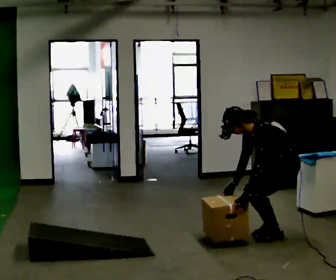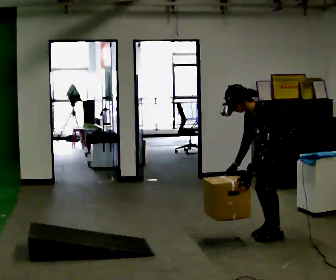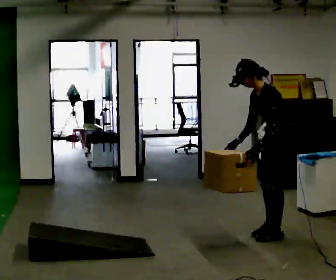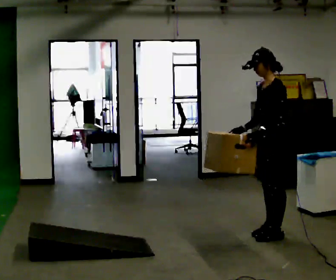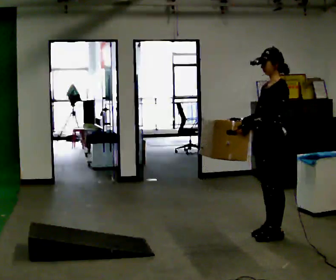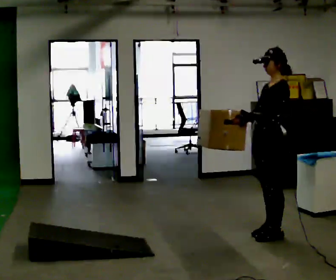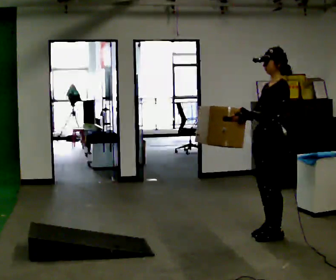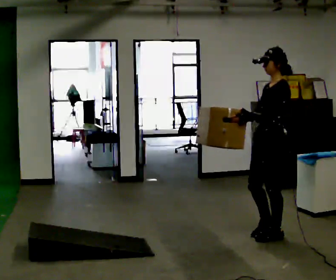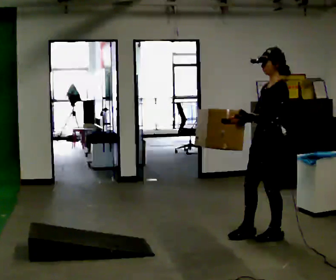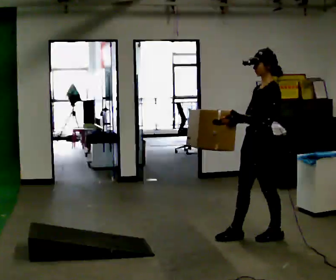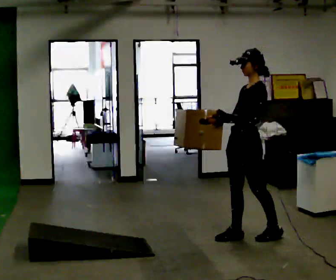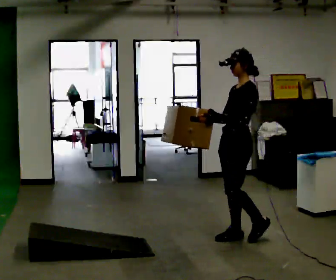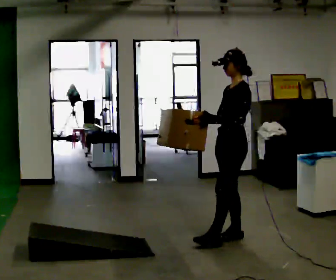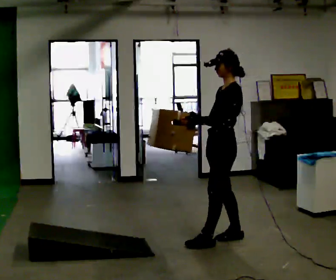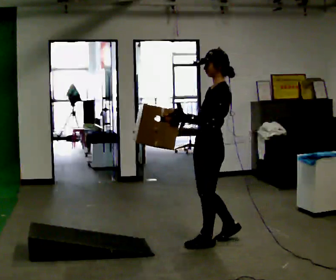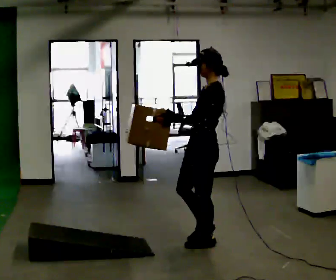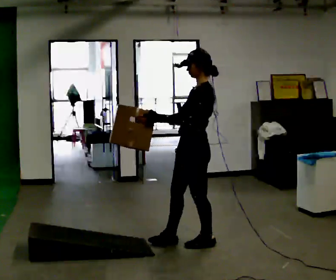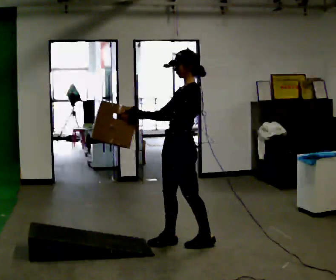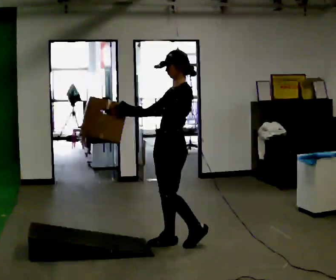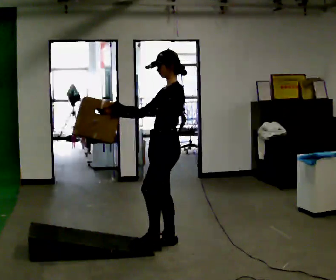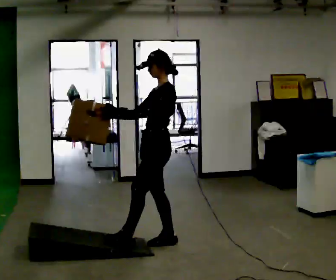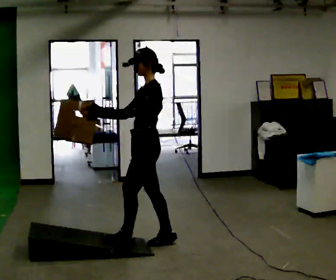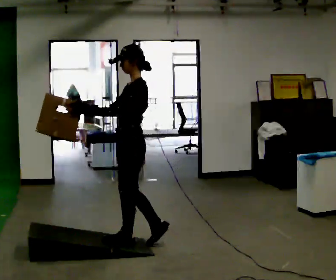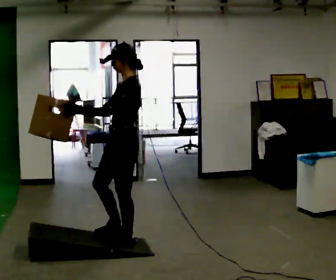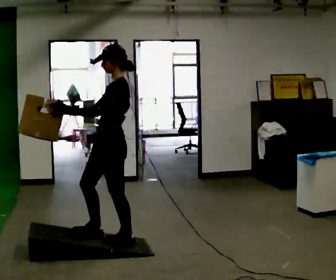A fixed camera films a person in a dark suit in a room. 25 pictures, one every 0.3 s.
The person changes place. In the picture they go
to the left.
The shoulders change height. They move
upward.
0.0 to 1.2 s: The shoulders move upward. In the picture the upper body tilts clockwise, shoulders to the right, as they lean back or straighten. In the picture their left hand goes upward.
1.2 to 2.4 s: The person moves a little, or ends about where they began.
2.4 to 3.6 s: In the picture they go to the left, about 0.25 m in 1 step, which for them is forward.
3.6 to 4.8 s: In the picture they go to the left and toward the camera, about 0.25 m in 2 steps, which for them is forward and to their left.
4.8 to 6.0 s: In the picture they go to the left, about 0.25 m in 1 step, which for them is forward.
6.0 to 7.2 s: In the picture they go to the left and toward the camera, about 0.5 m in 1 step, which for them is forward.
The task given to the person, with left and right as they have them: Carry the box up the ramp, turn at the top, and carry it back down. Keep going until the operator says stop; one object at a time, and do not rush between trips.
The film runs forward here.
